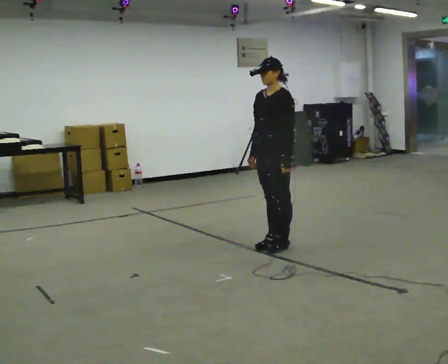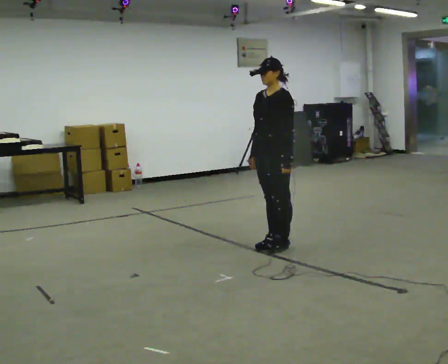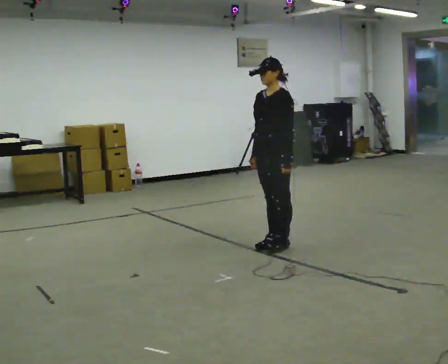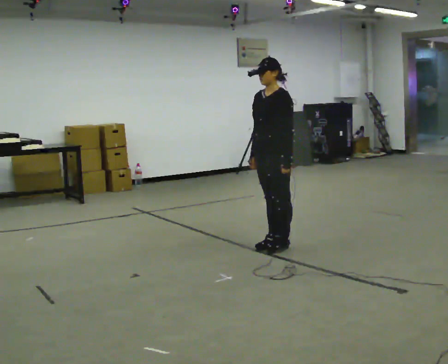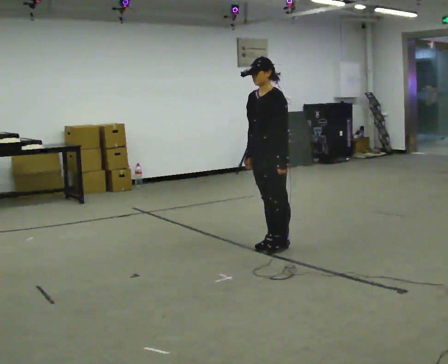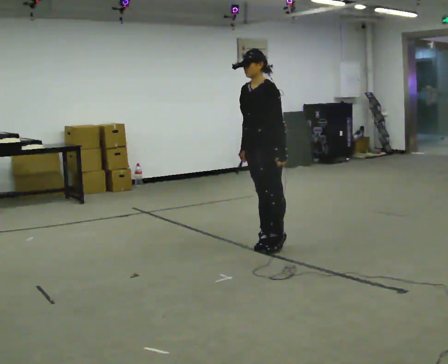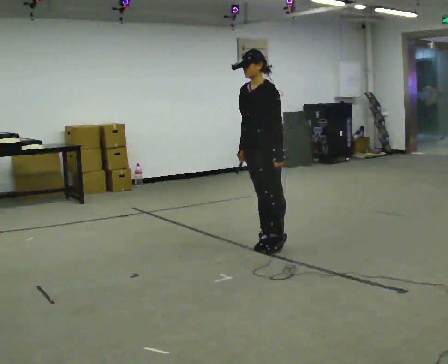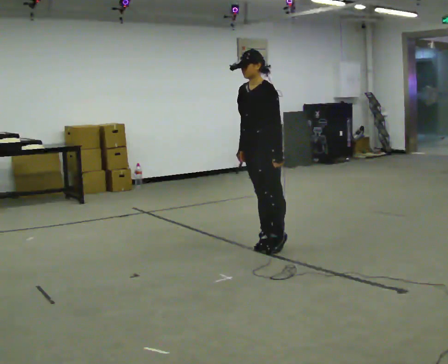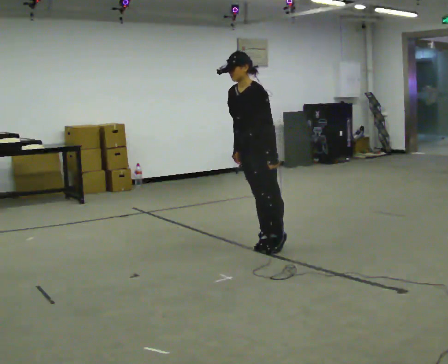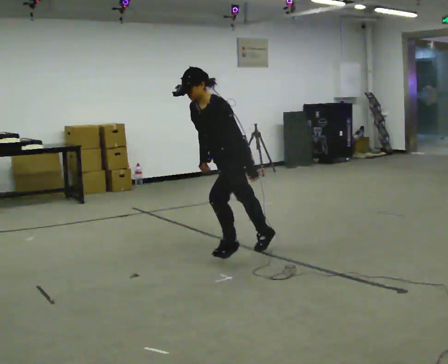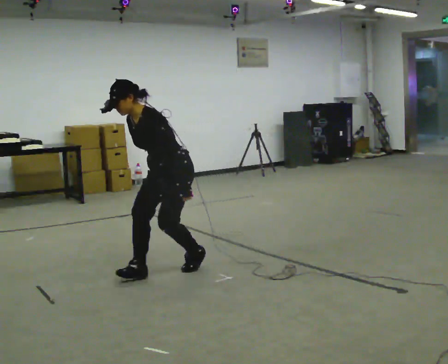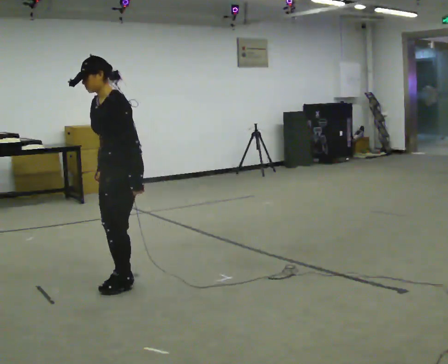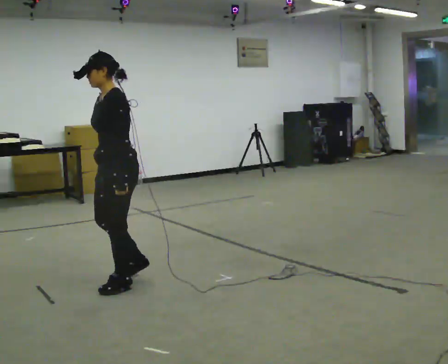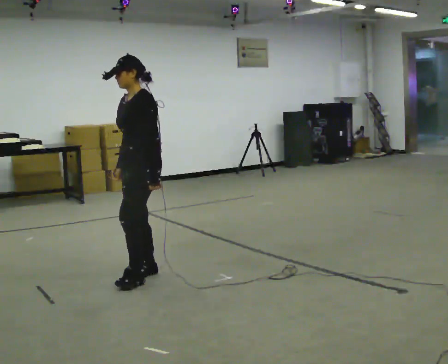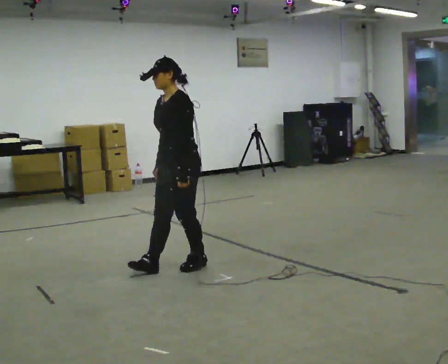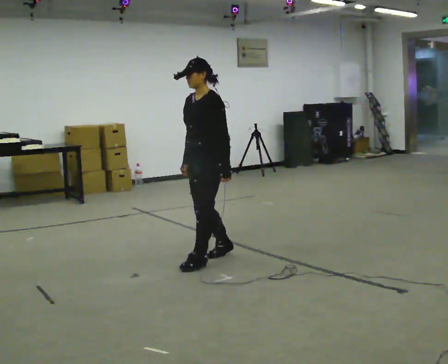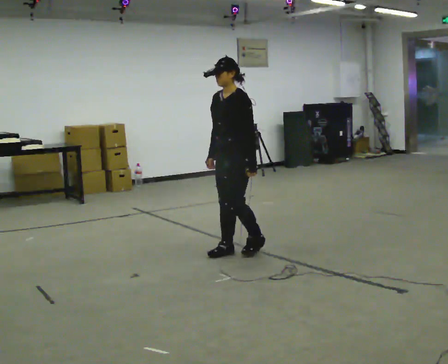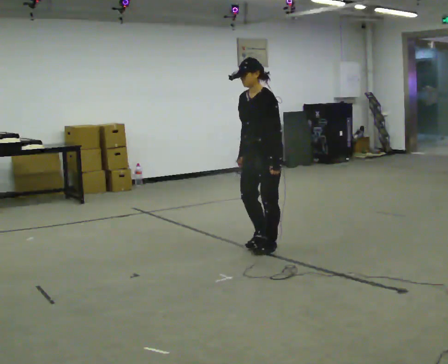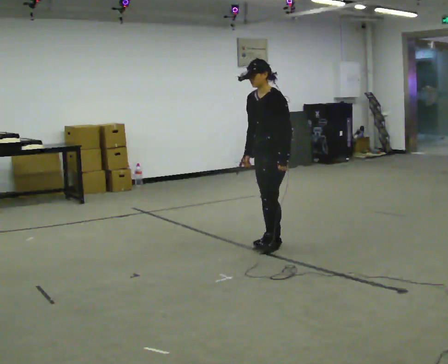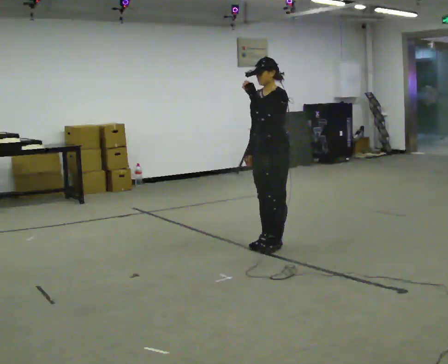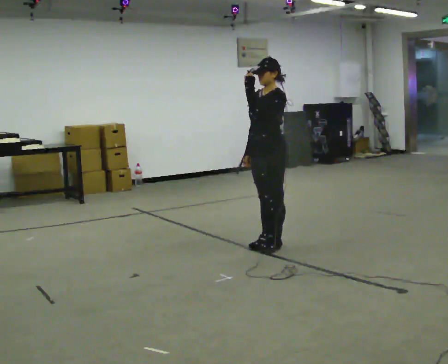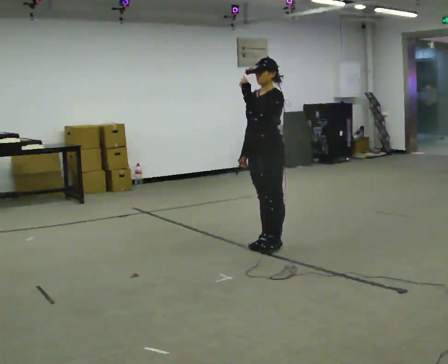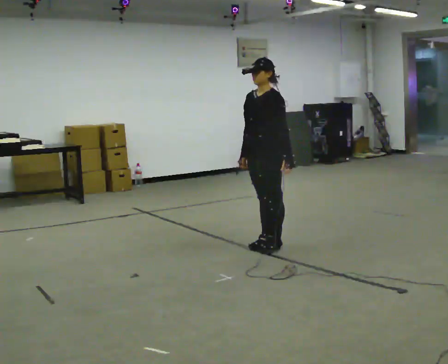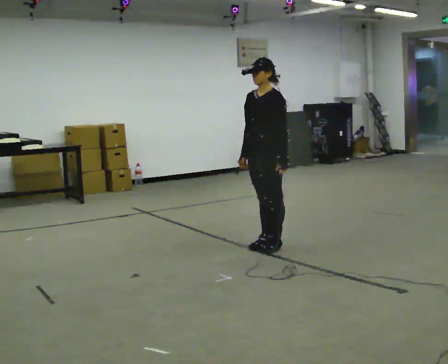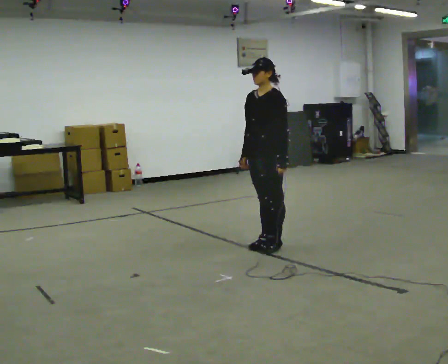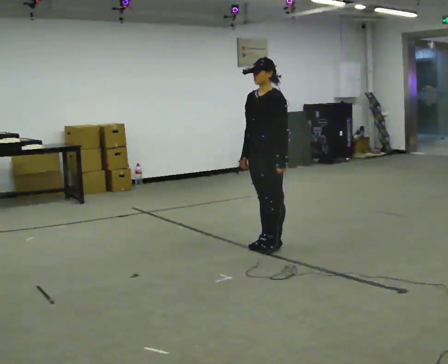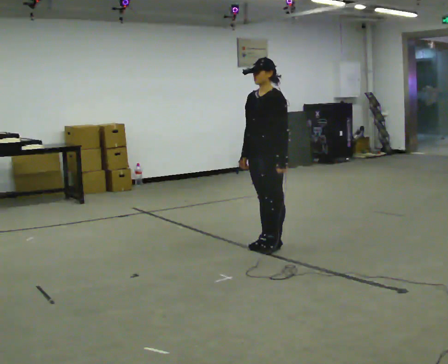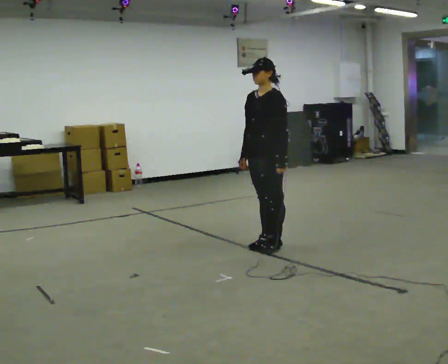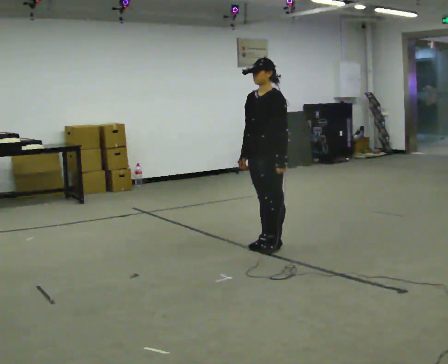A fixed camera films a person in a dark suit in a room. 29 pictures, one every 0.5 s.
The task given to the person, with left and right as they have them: Stand on the marked spots and rise up onto your toes. Stay up until you start to topple forward, then step to catch yourself. Repeat at your own pace until the operator says stop. Go slowly and only as far as you are comfortable. Step whenever you need to; do not try to hold on longer than feels safe.
0.0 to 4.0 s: In the picture they go to the left, about 0.25 m, which for them is forward. In the picture the upper body tilts counterclockwise, shoulders to the left, as they bend forward.
4.0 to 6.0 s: In the picture they go to the left and toward the camera, about 1 m in 3 steps, which for them is forward.
6.0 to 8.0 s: In the picture they go to the right and away from the camera, about 1 m in 3 steps, which for them is backward.
8.0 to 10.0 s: In the picture they go to the right, about 0.25 m in 2 steps, which for them is backward. In the picture their left hand goes upward.
10.0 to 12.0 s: In the picture their left hand goes downward.
12.0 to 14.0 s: The person keeps their place and pose.
The film runs forward here.
